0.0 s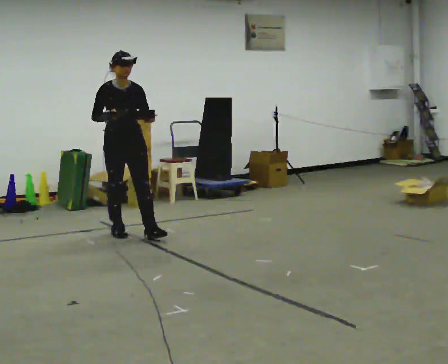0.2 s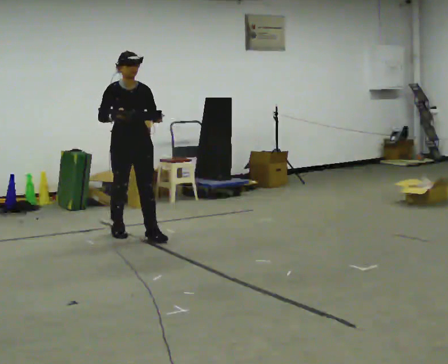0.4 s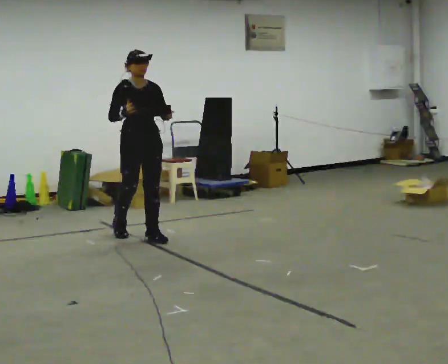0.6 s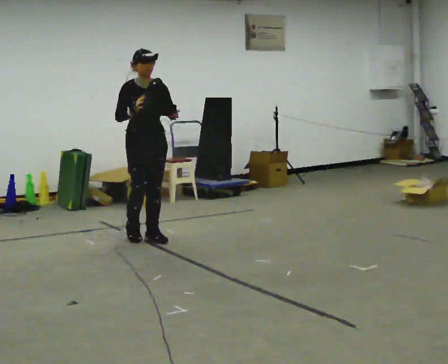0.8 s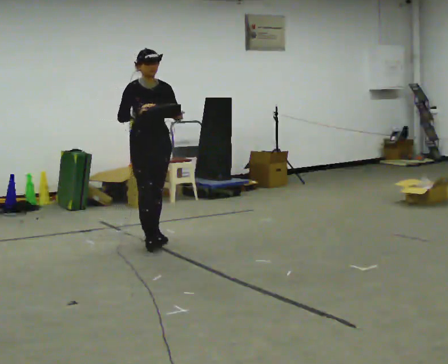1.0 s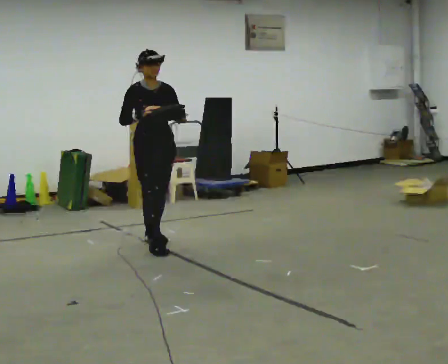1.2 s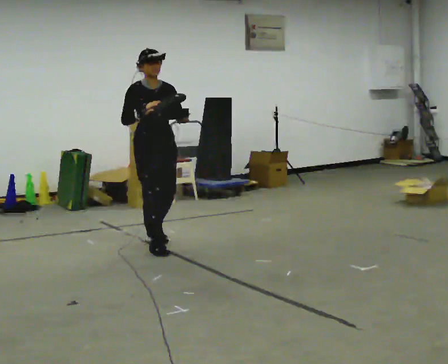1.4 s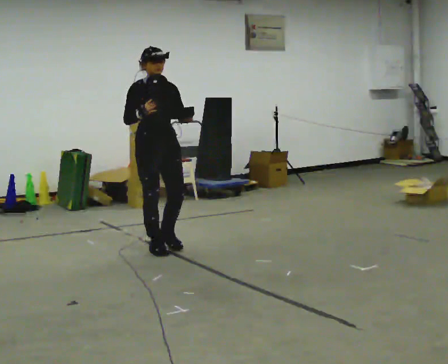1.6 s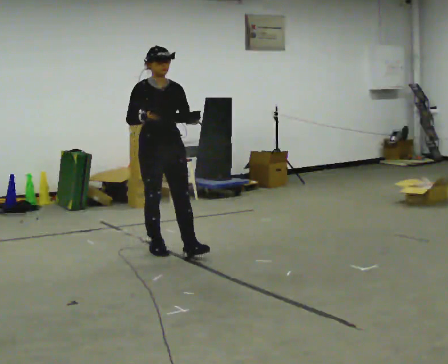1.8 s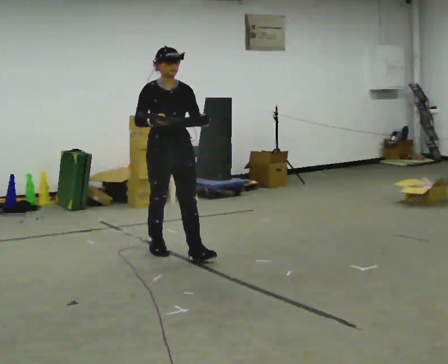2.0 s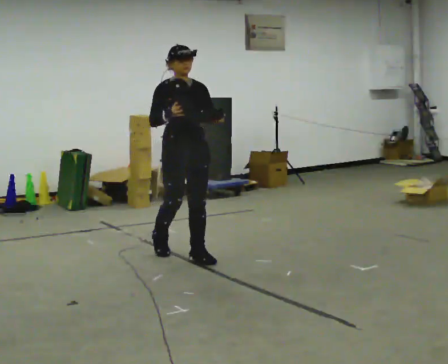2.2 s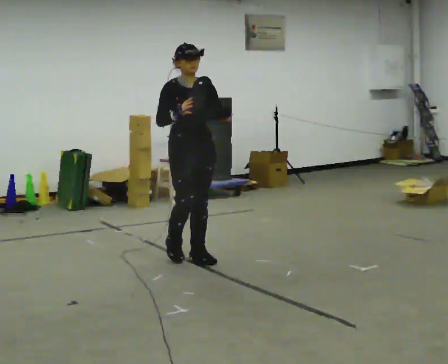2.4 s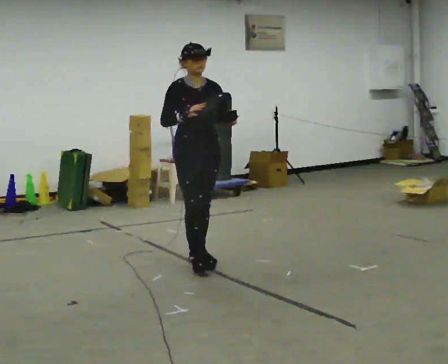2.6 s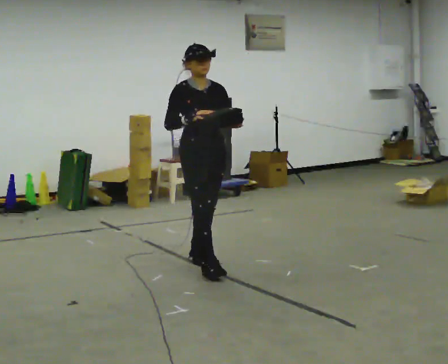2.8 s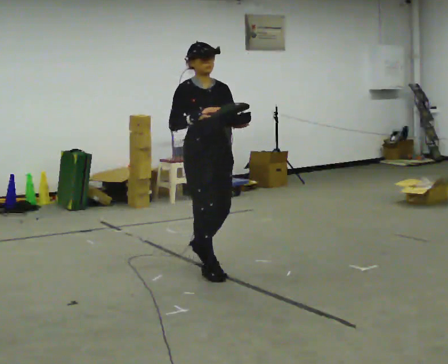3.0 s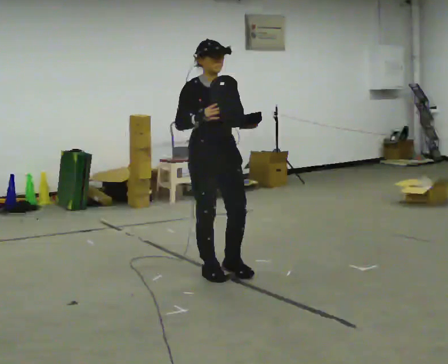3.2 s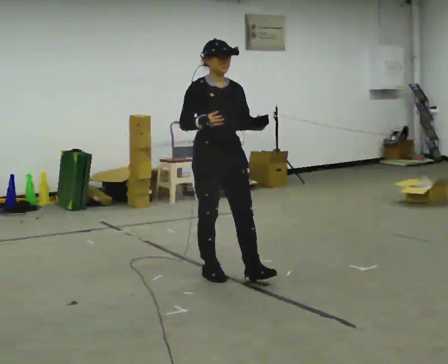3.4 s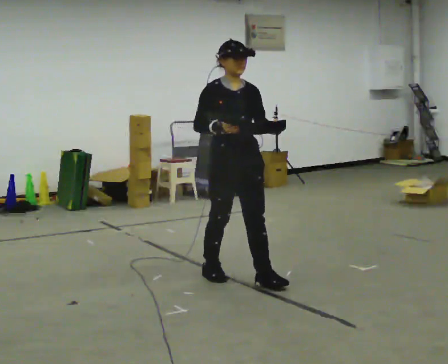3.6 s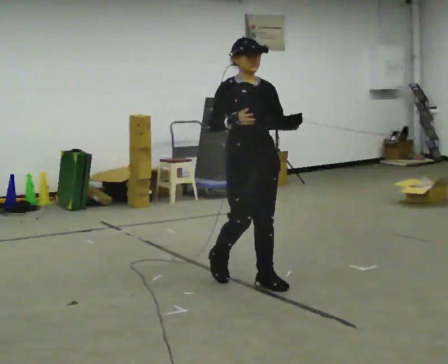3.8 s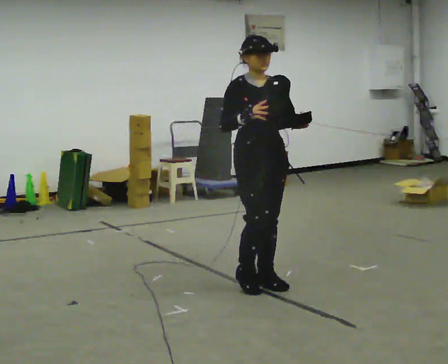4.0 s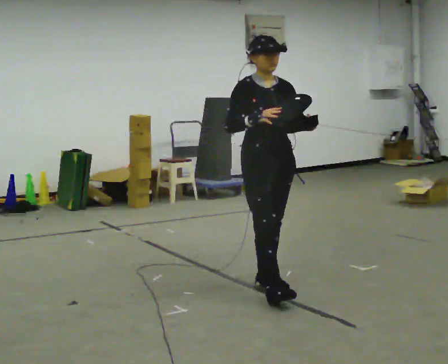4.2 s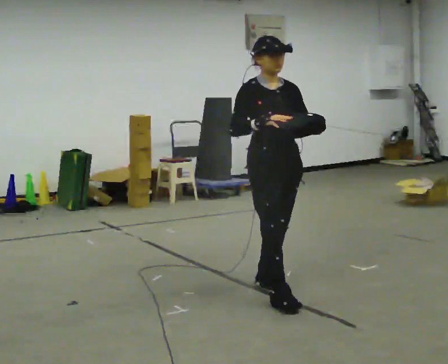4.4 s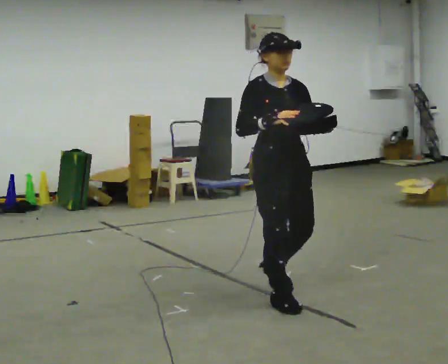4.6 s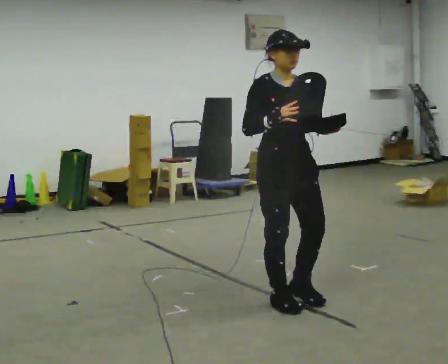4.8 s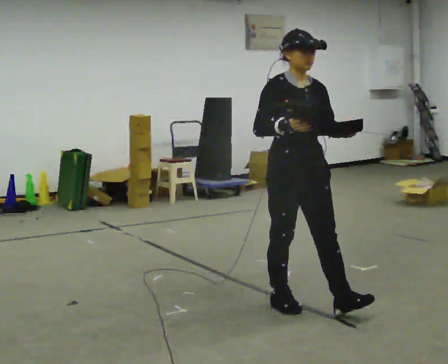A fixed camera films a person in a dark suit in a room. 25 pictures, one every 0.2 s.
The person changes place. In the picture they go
toward the camera.
0.0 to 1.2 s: In the picture they go toward the camera and to the right, about 0.5 m in 2 steps, which for them is forward.
1.2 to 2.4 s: In the picture they go toward the camera and to the right, about 0.5 m in 1 step, which for them is forward.
2.4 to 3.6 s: In the picture they go toward the camera and to the right, about 0.75 m in 2 steps, which for them is forward.
3.6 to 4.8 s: In the picture they go toward the camera and to the right, about 0.5 m in 1 step, which for them is forward.
The film runs forward here.
